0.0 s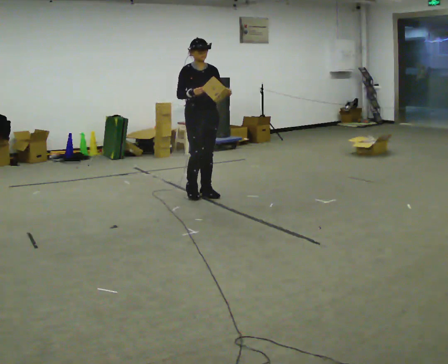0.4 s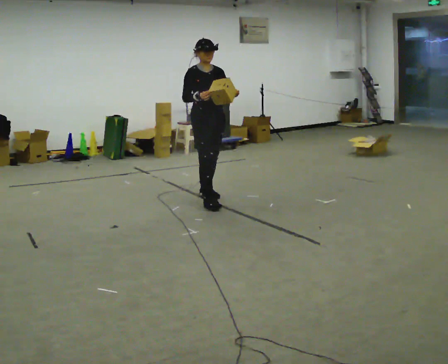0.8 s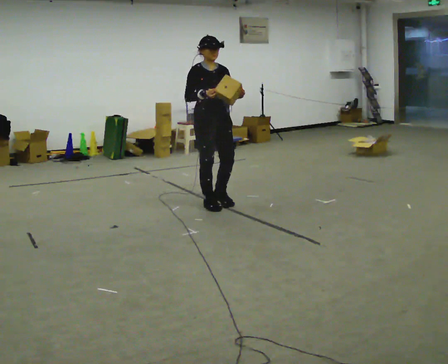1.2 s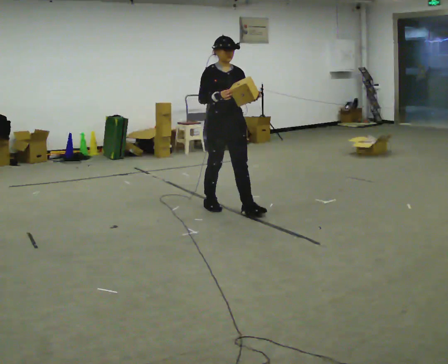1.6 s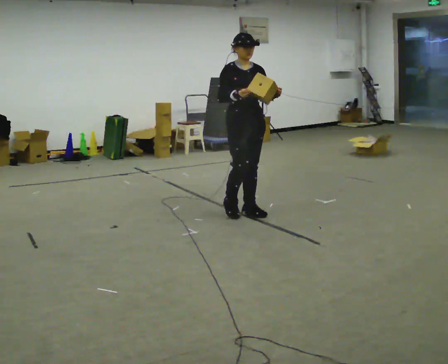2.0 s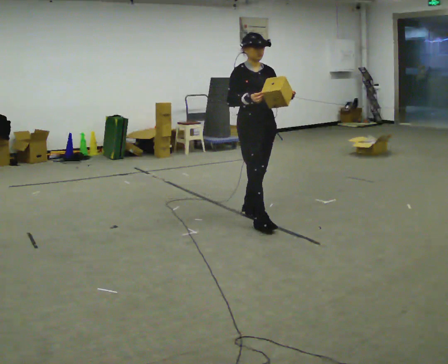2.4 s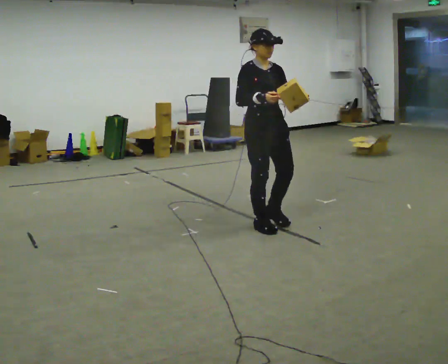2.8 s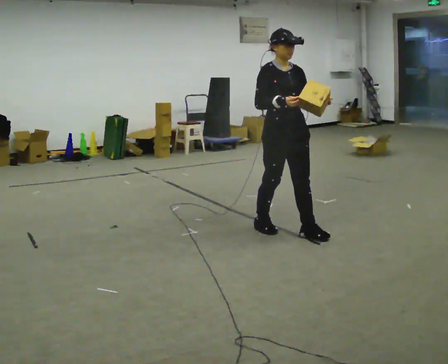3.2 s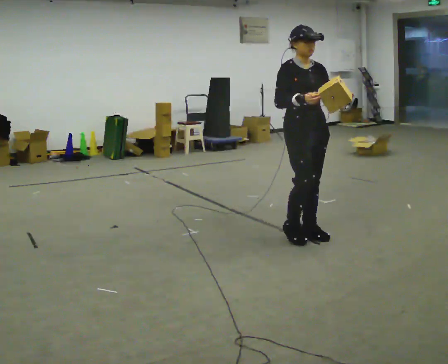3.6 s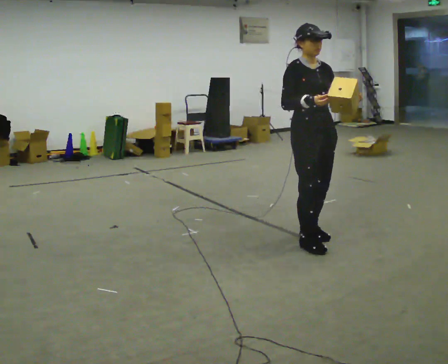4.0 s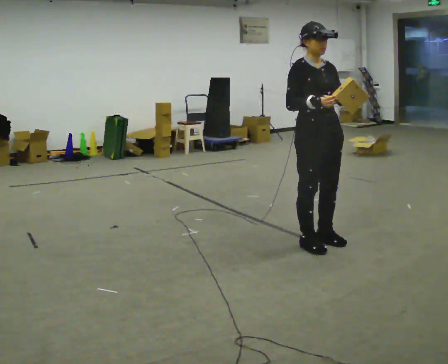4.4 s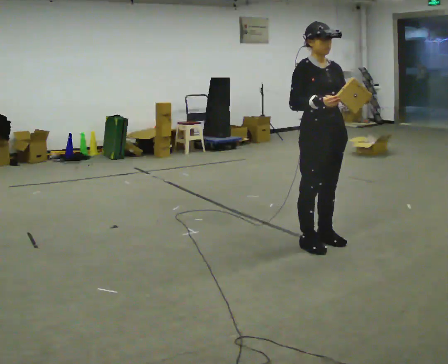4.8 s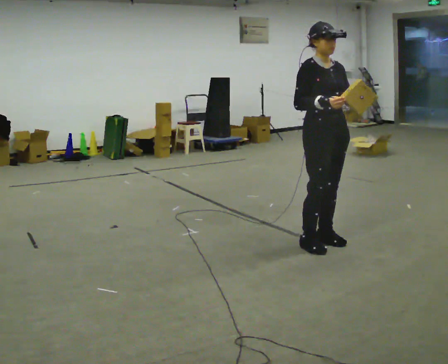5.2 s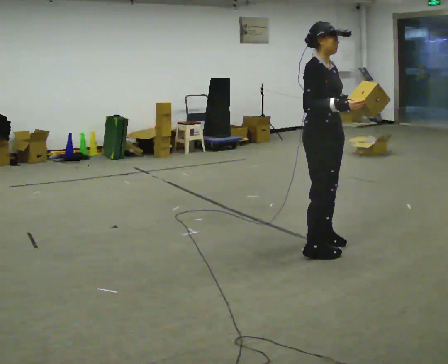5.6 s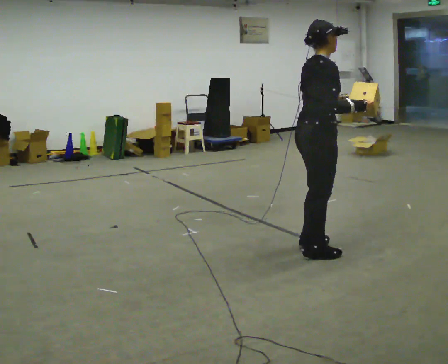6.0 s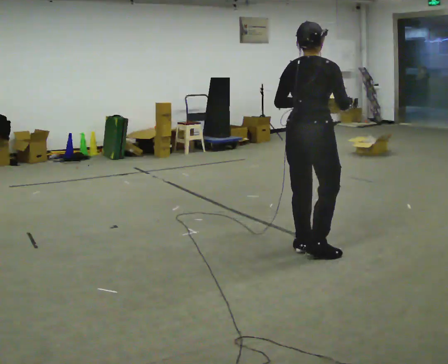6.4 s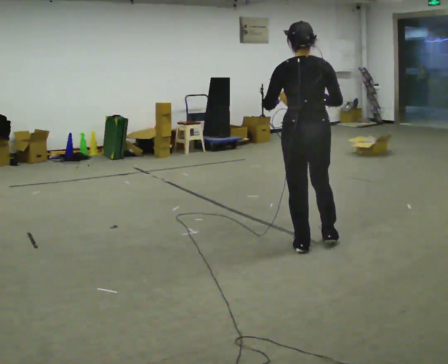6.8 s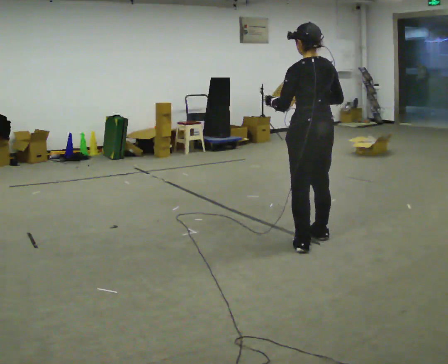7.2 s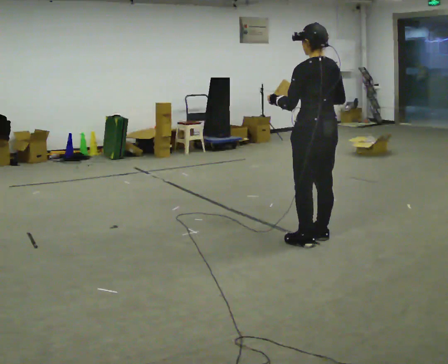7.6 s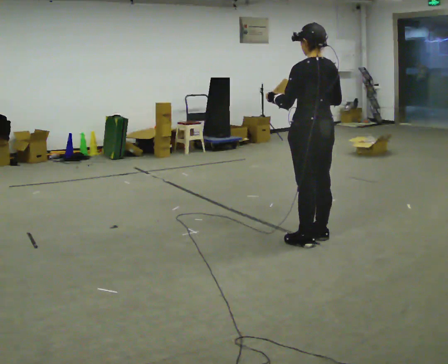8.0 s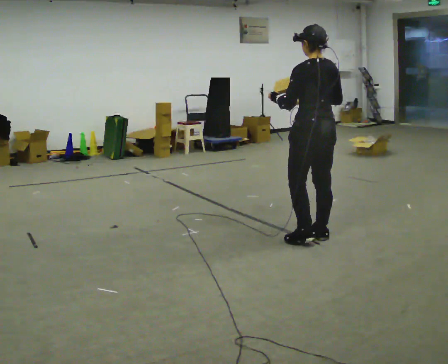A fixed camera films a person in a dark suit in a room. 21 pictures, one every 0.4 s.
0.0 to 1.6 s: In the picture they go toward the camera and to the right, about 1 m in 2 steps, which for them is forward.
1.6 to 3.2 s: In the picture they go toward the camera and to the right, about 1 m in 2 steps, which for them is forward.
3.2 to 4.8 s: In the picture they go toward the camera, about 0.25 m in 2 steps, which for them is forward.
4.8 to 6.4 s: The part of the body nearest the lens slides to the right as the person turns to their left by about 150 degrees. In the picture their left hand goes to the left.
6.4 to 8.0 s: The part of the body nearest the lens slides to the right as the person turns to their left by about 30 degrees. In the picture they go away from the camera, about 0.25 m in 1 step, which for them is to their right and forward.
The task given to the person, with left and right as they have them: Carry the object and, while walking, turn it over in your hands to look at all sides of it. Keep turning it as you walk.
The film runs forward here.
